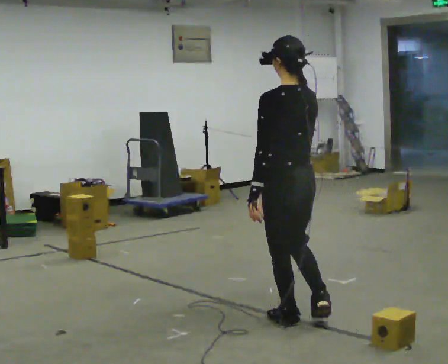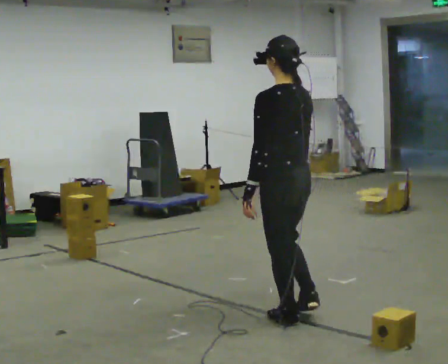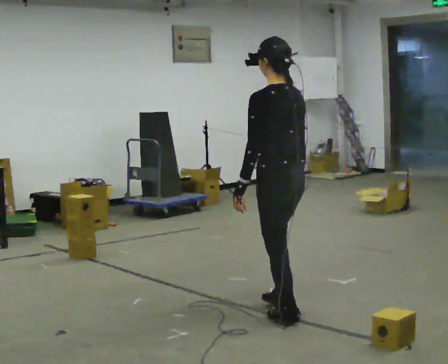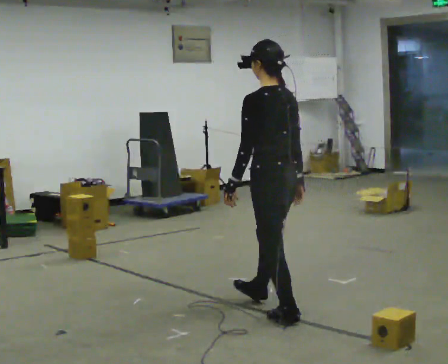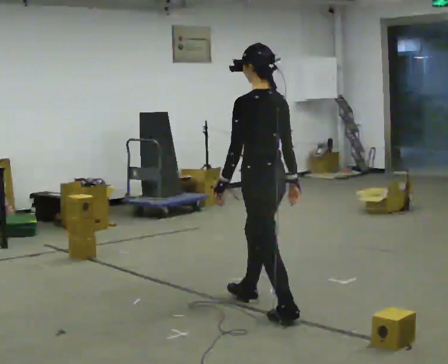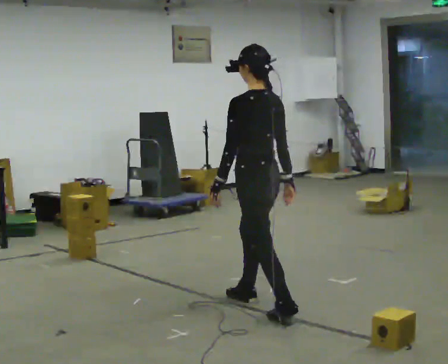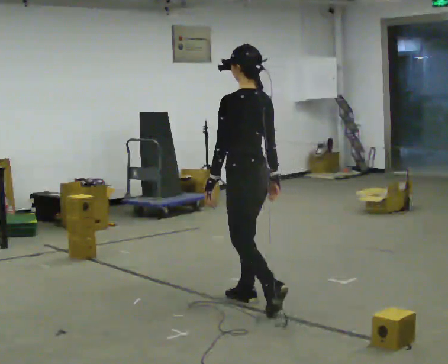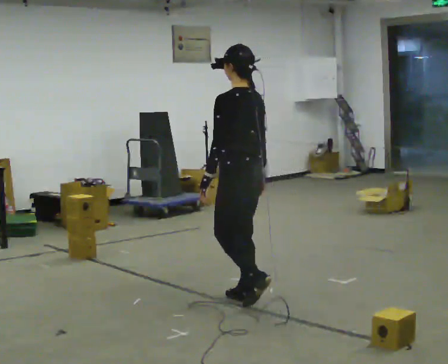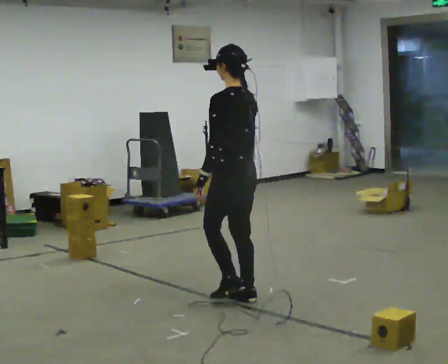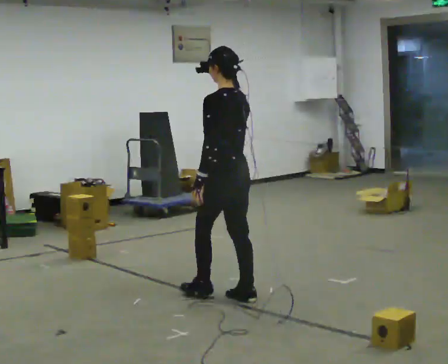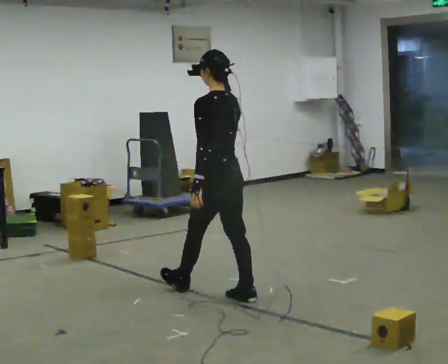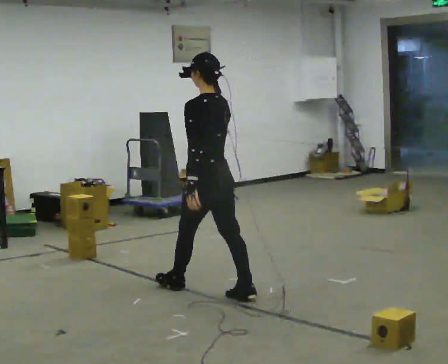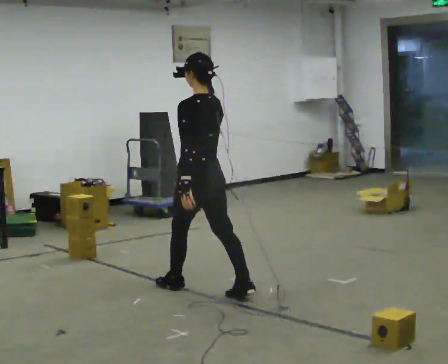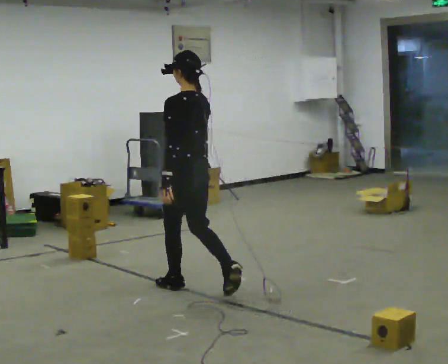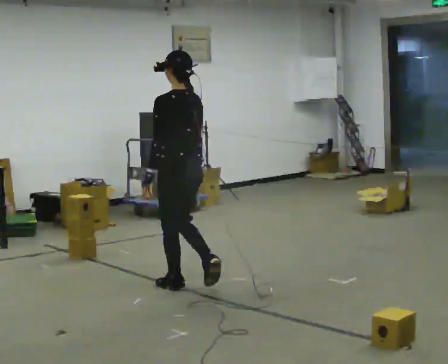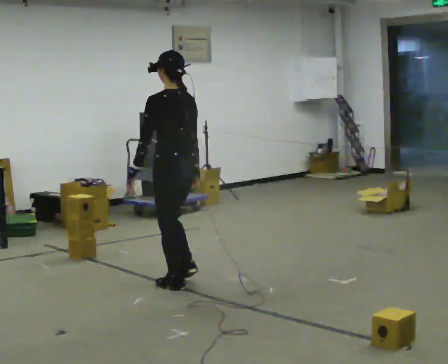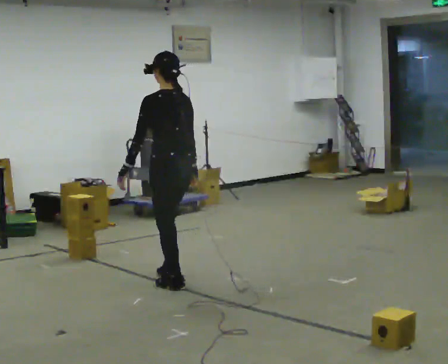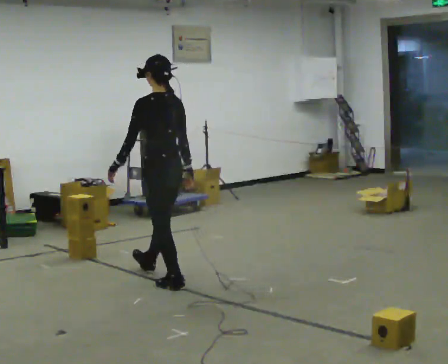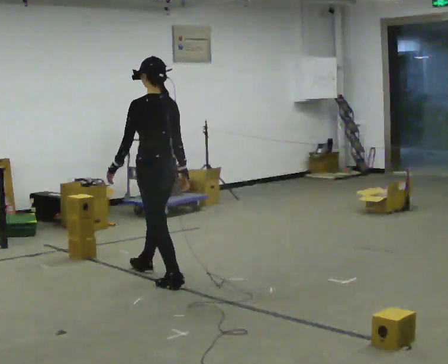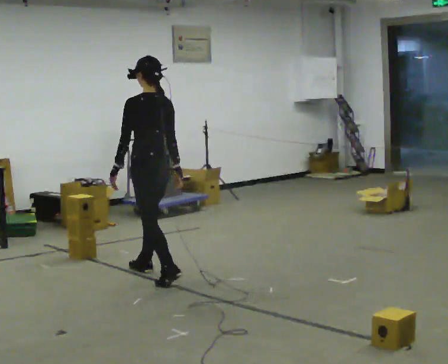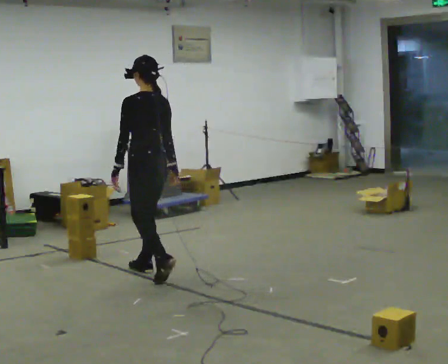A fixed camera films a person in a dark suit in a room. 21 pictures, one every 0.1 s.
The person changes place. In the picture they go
away from the camera.
0.0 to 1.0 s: In the picture they go away from the camera and to the left, about 0.5 m in 1 step, which for them is forward.
1.0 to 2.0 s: In the picture they go away from the camera and to the left, about 1 m in 2 steps, which for them is forward.
The film runs forward here.
